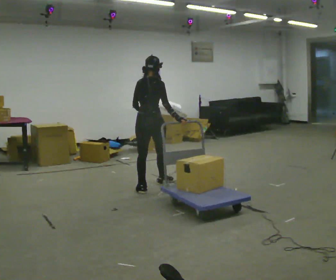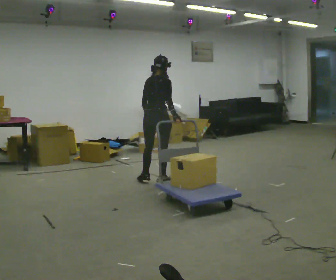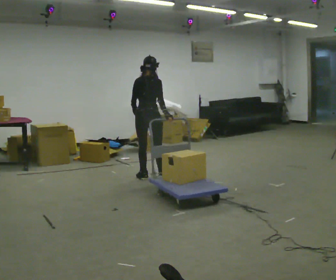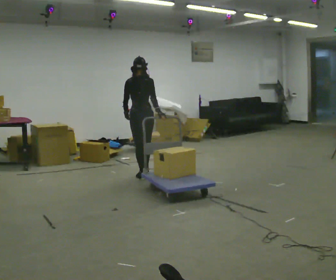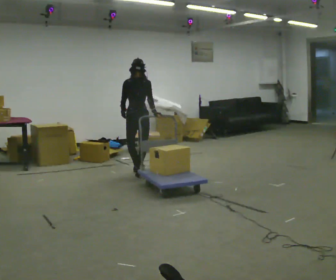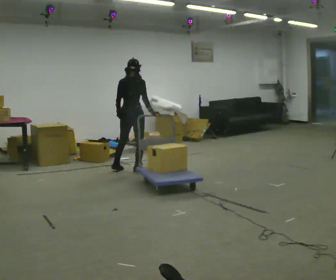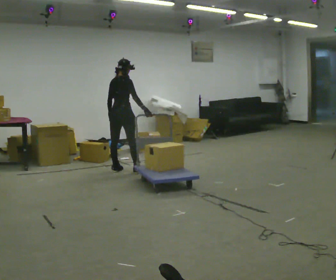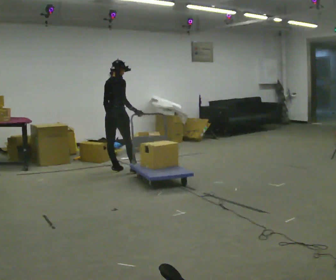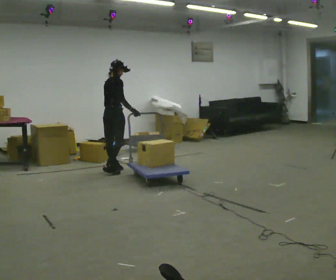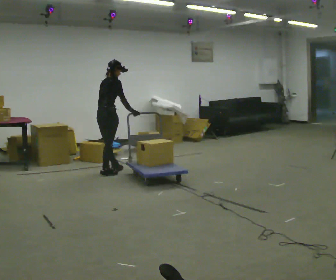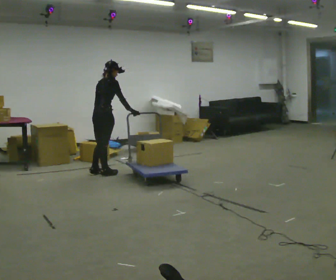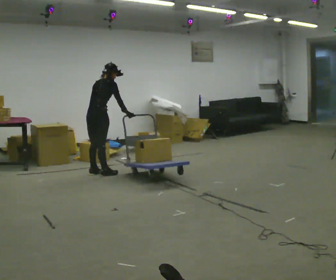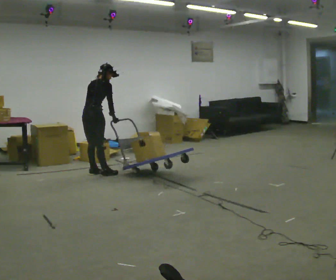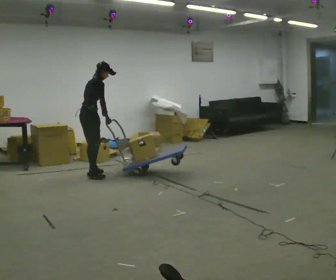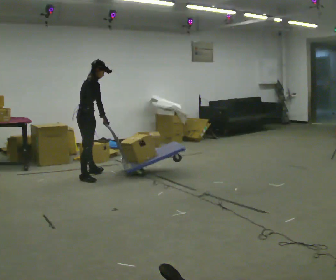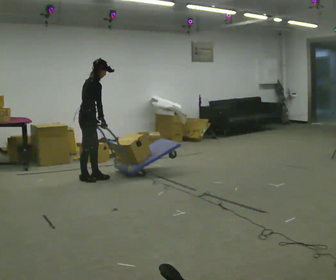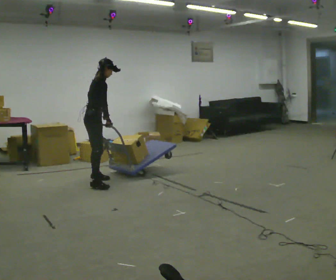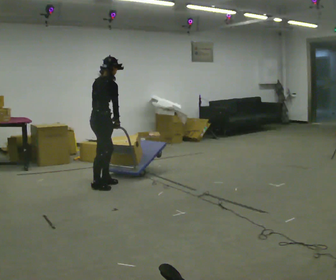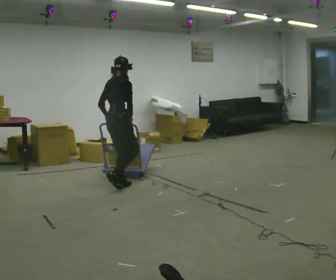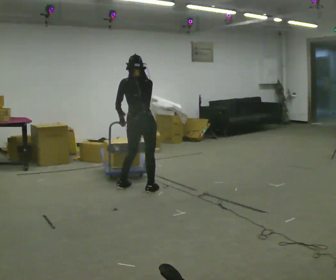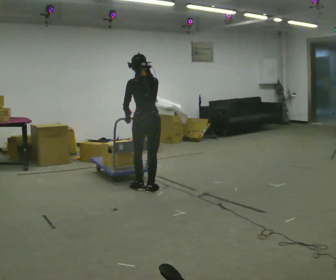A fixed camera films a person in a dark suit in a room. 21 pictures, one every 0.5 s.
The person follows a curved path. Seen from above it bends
counterclockwise.
0.0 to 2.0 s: The part of the body nearest the lens slides to the right as the person turns to their left by about 30 degrees. In the picture they go away from the camera, about 0.75 m in 2 steps, which for them is forward and to their left.
2.0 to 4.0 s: The person turns about 60 degrees to their right, clockwise seen from above, so the part of the body nearest the lens slides to the left. In the picture they go to the left and away from the camera, about 0.5 m in 1 step.
4.0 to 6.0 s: In the picture they go to the left and toward the camera, about 0.25 m in 2 steps, which for them is backward. In the picture the upper body tilts clockwise, shoulders to the right, as they bend forward.
6.0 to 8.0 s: The person turns about 45 degrees to their right, clockwise seen from above, so the part of the body nearest the lens slides to the left. In the picture they go toward the camera, about 0.5 m in 2 steps, which for them is to their right.
8.0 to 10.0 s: Seen from above the body turns counterclockwise, about 90 degrees: to their left, with its near side sliding to the right. In the picture they go to the right and toward the camera, about 0.5 m in 4 steps.
The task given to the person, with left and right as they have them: Pull the cart behind you as you walk backward across the room. The operator will confirm the space behind you is clear before each take.
The film runs forward here.
